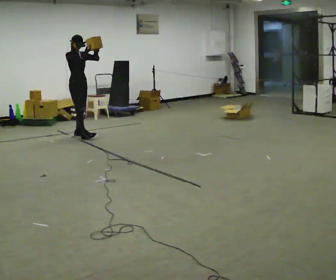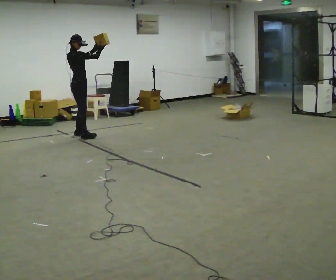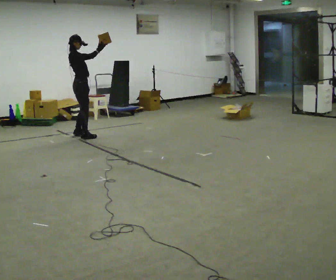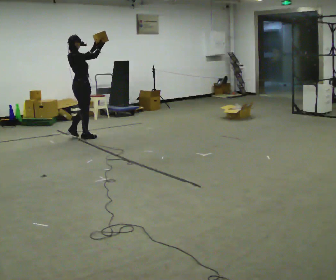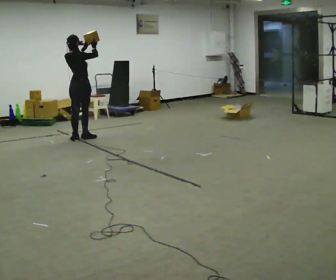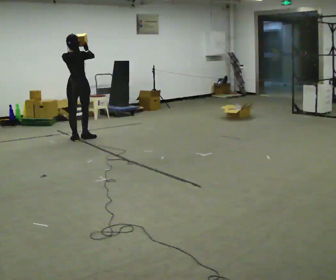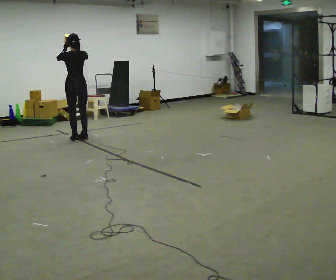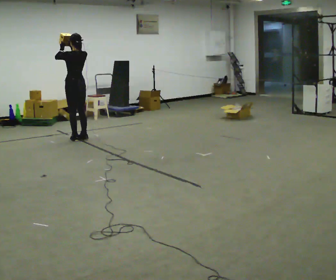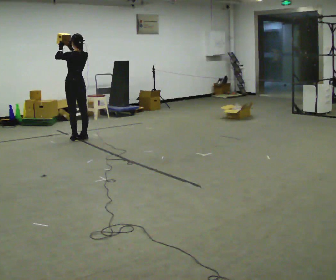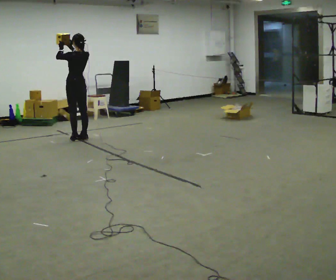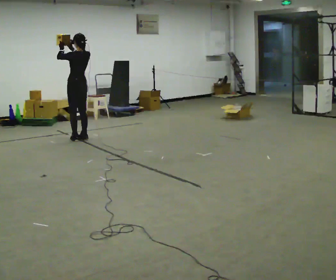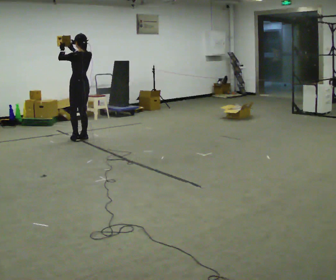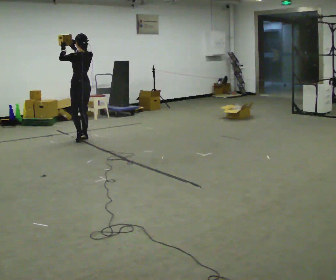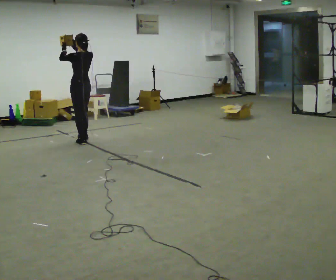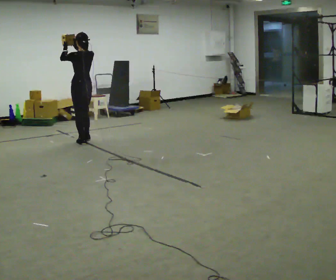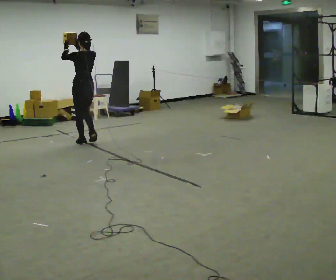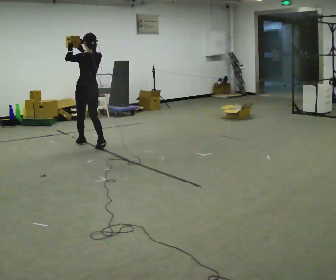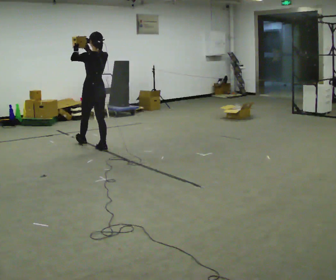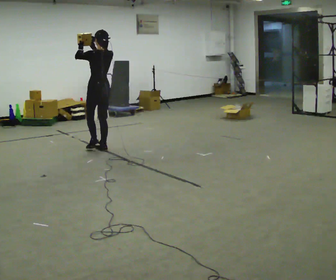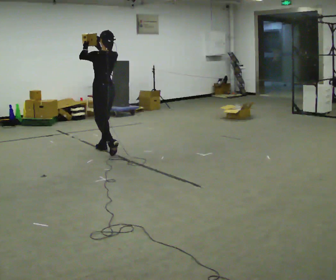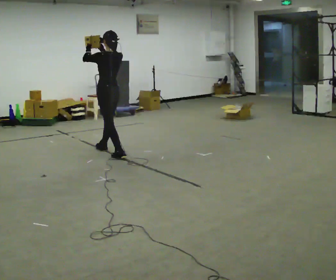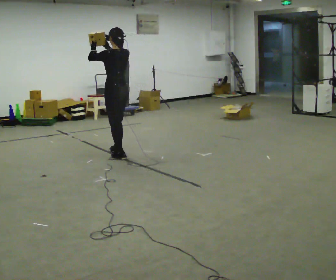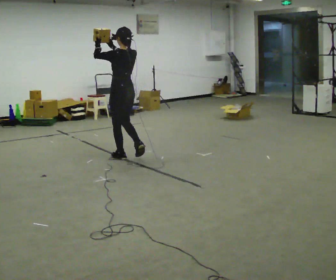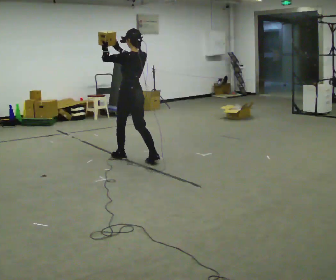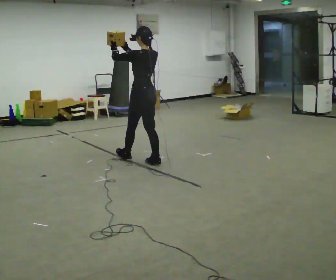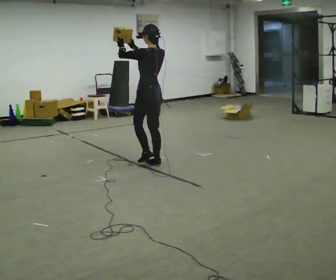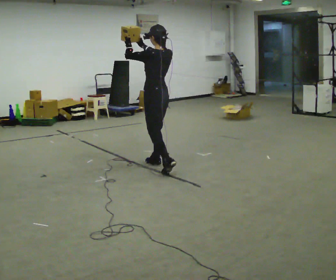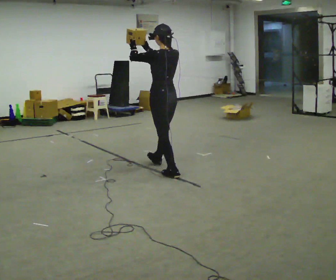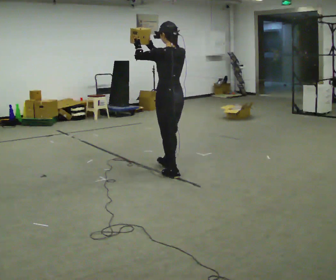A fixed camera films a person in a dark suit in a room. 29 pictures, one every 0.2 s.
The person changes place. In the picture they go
toward the camera.
0.0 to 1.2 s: The part of the body nearest the lens slides to the right as the person turns to their left by about 150 degrees. In the picture they go toward the camera, about 0.25 m in 1 step.
1.2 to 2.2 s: The part of the body nearest the lens slides to the right as the person turns to their left by about 30 degrees.
2.2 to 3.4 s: In the picture they go toward the camera, about 0.5 m in 2 steps, which for them is backward.
3.4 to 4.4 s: In the picture they go toward the camera and to the right, about 0.5 m in 1 step, which for them is backward.
4.4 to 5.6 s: In the picture they go toward the camera and to the right, about 1 m in 2 steps, which for them is backward.
The film runs backward here.
